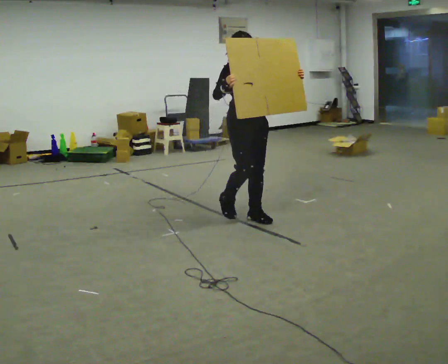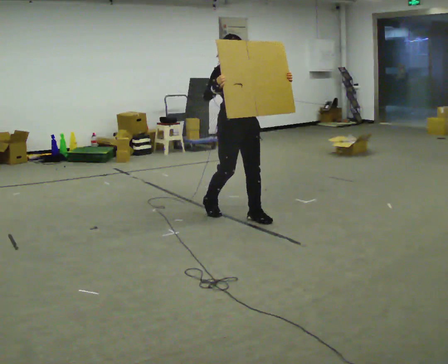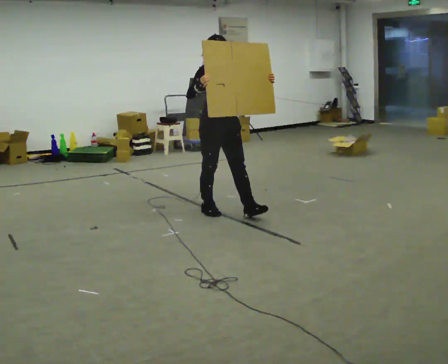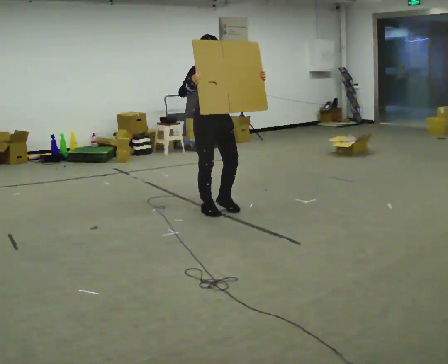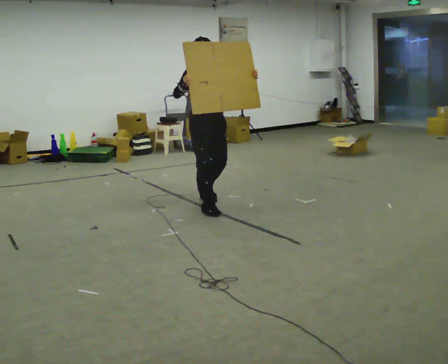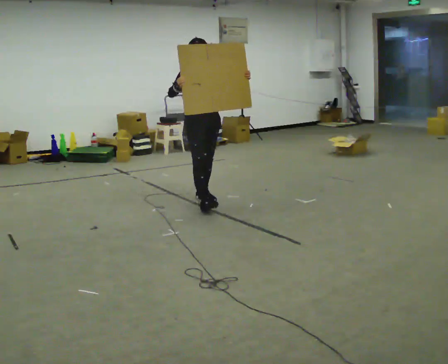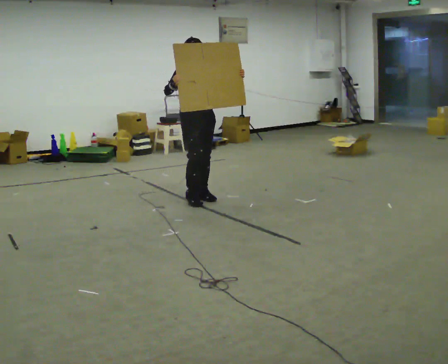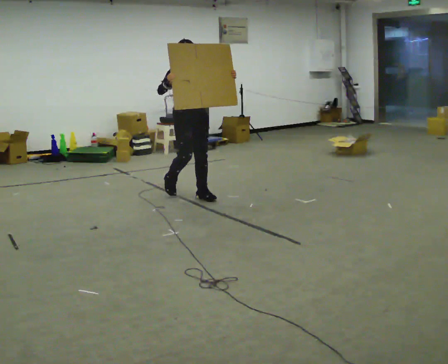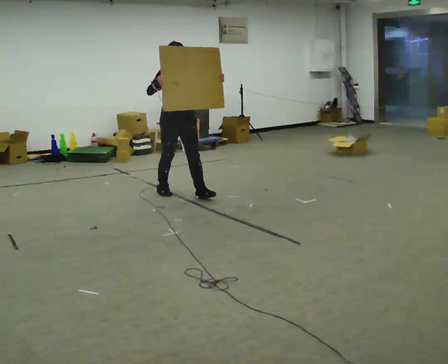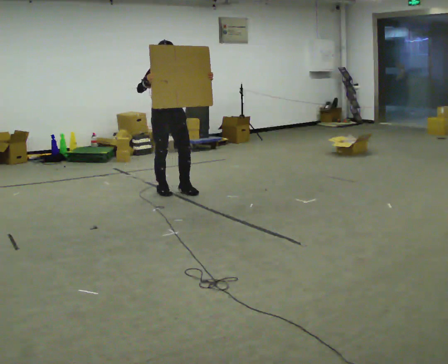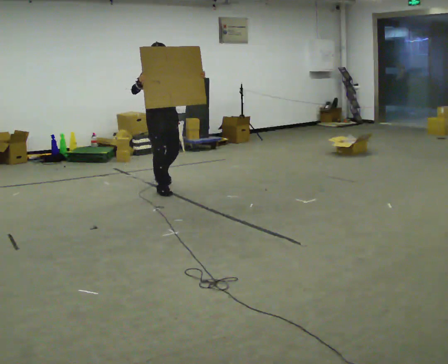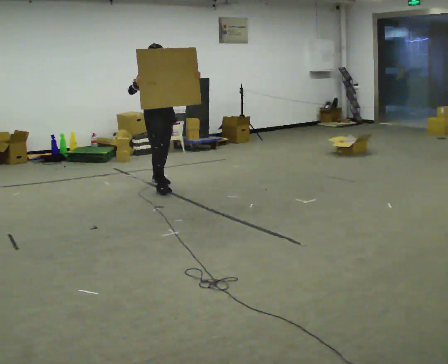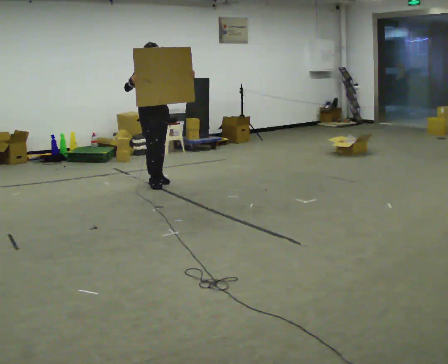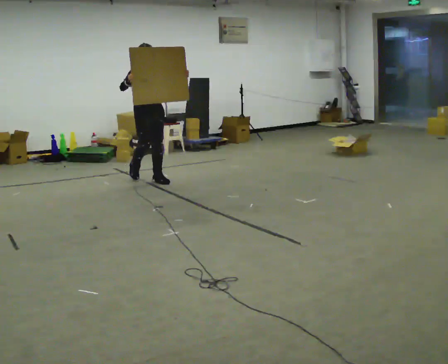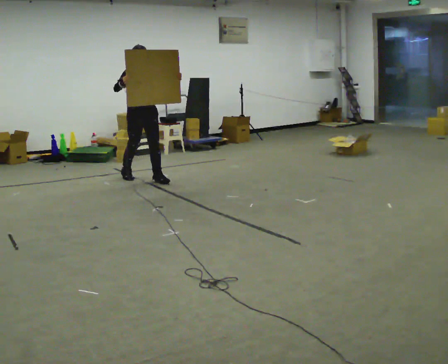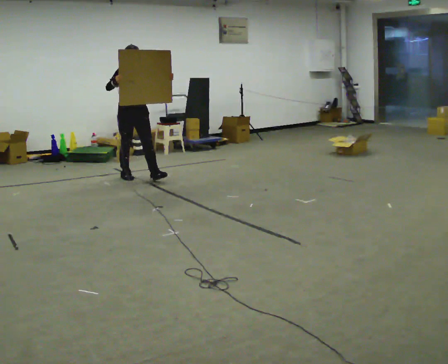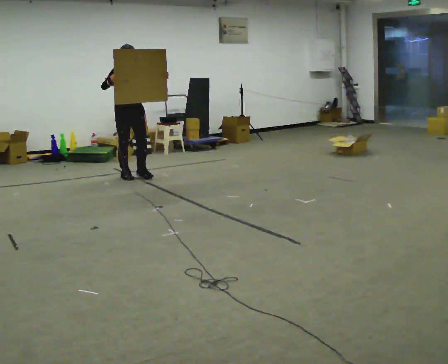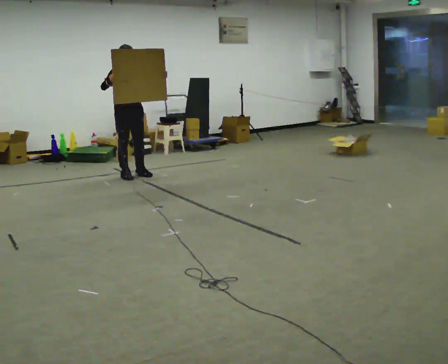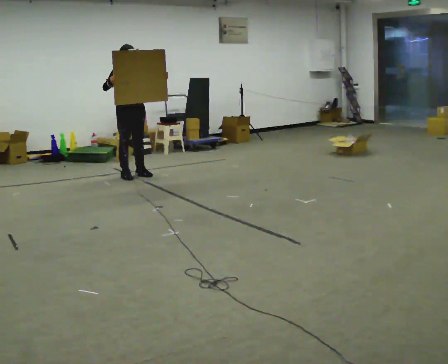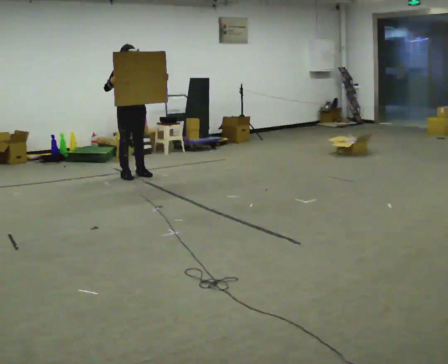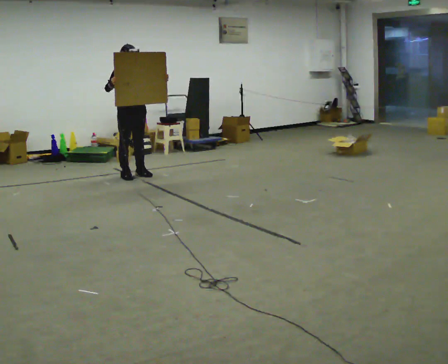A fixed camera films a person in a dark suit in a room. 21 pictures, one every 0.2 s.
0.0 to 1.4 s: In the picture they go away from the camera and to the left, about 1 m in 2 steps, which for them is backward.
1.4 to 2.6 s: In the picture they go away from the camera and to the left, about 1 m in 2 steps, which for them is backward.
2.6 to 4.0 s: In the picture they go away from the camera and to the left, about 0.5 m in 1 step, which for them is backward.
The film runs backward here.
